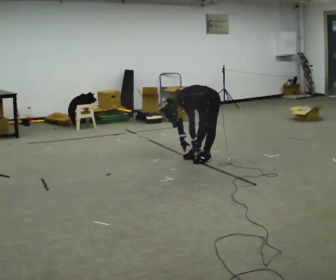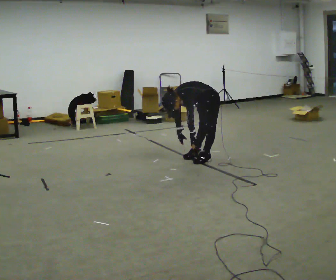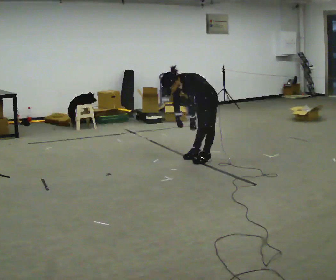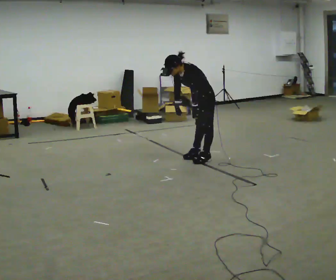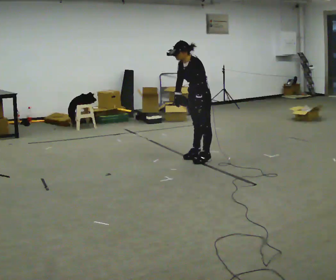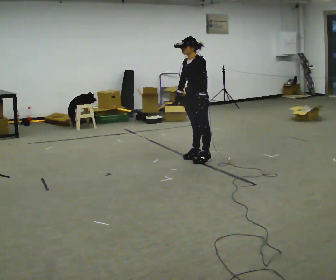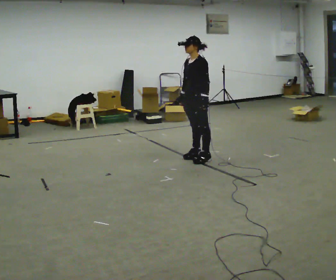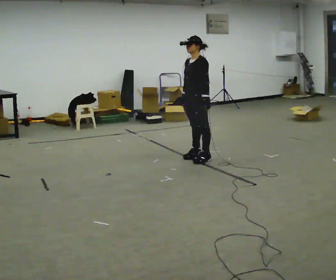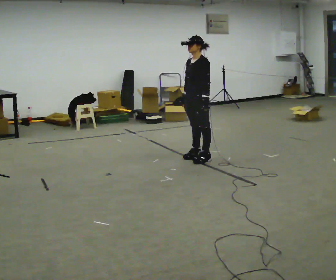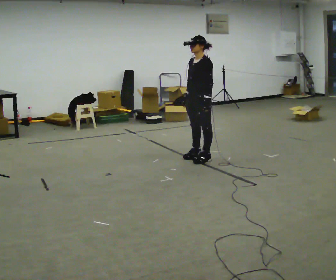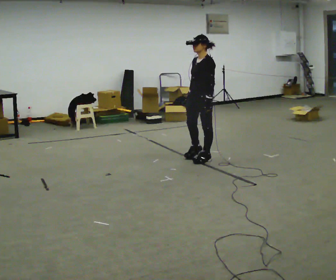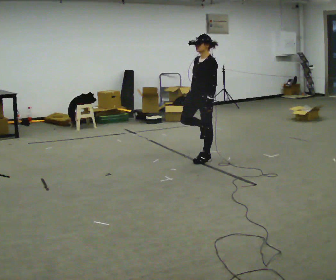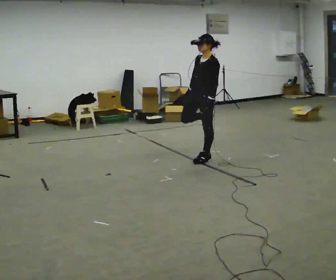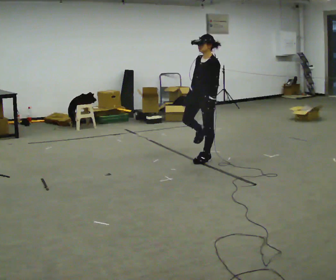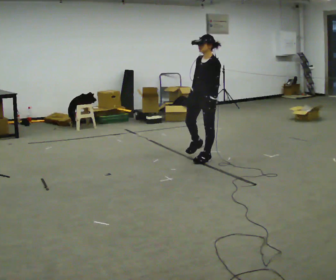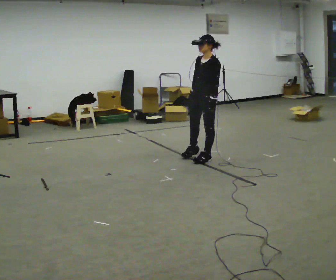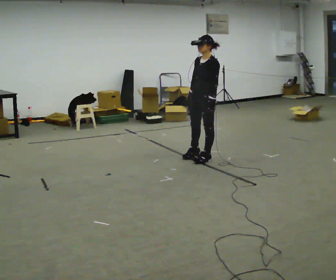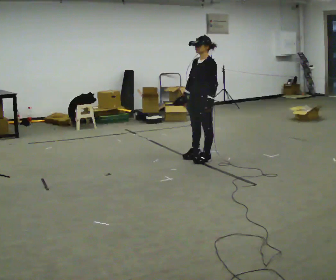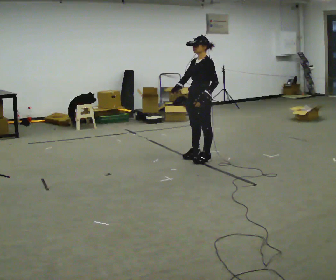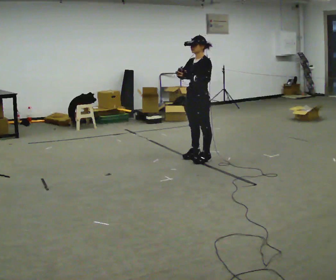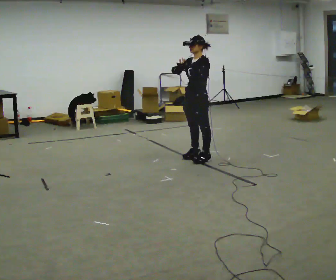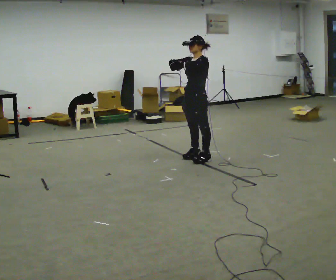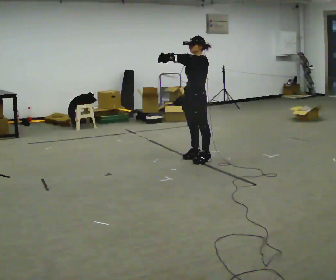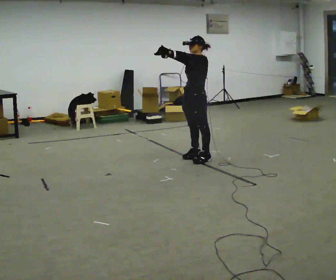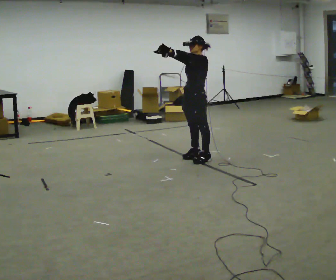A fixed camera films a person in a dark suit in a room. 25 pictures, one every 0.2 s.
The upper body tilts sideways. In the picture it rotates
clockwise.
Their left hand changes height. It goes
upward.
0.0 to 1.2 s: The upper body goes upward. In the picture the upper body tilts clockwise, shoulders to the right, as they lean back or straighten. In the picture their right hand goes upward.
1.2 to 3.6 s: The person moves a little, or ends about where they began.
3.6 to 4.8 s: In the picture their left hand goes upward and to the left.
The film runs forward here.
